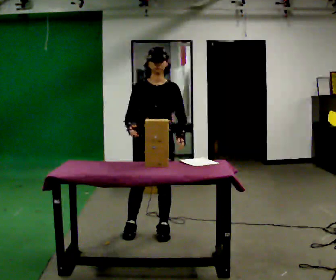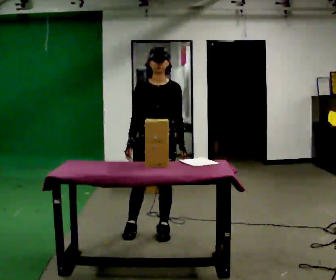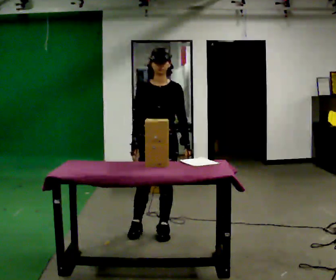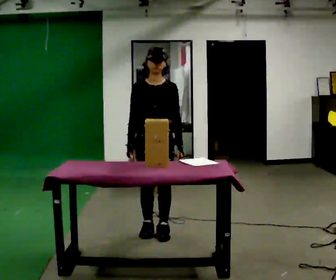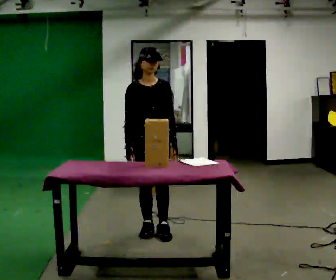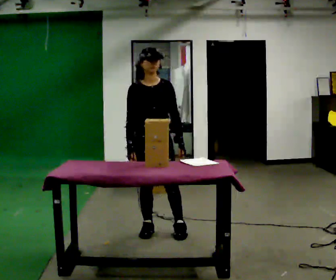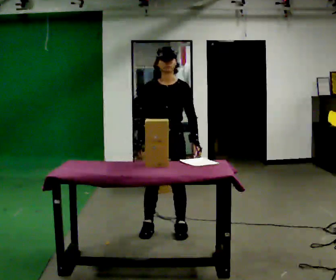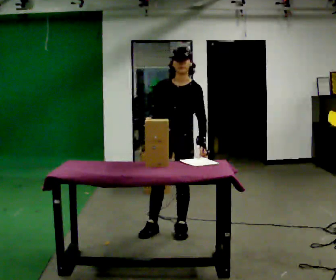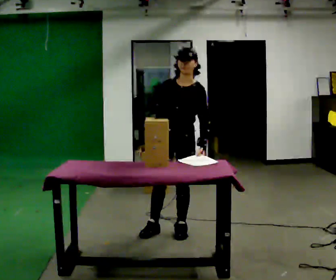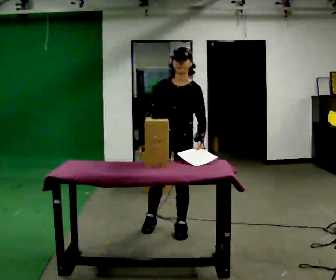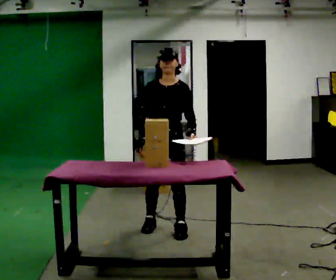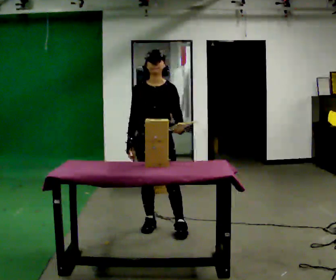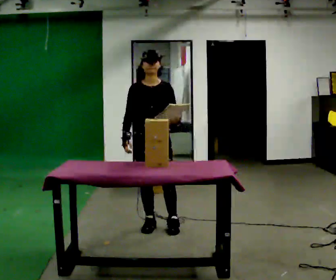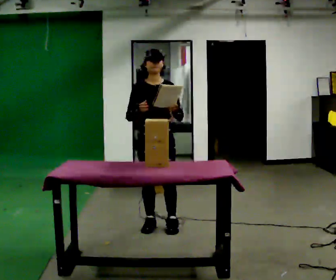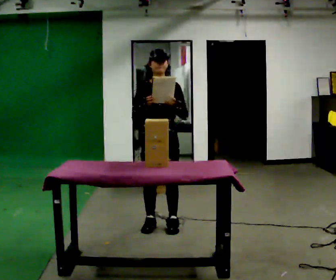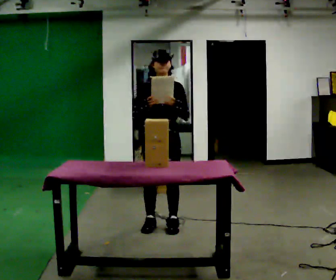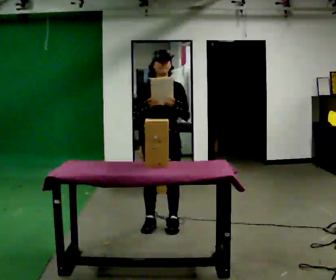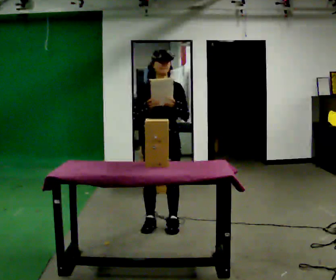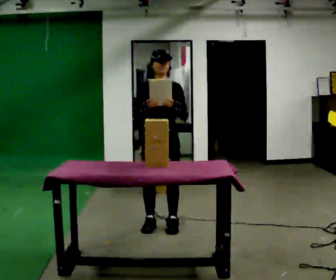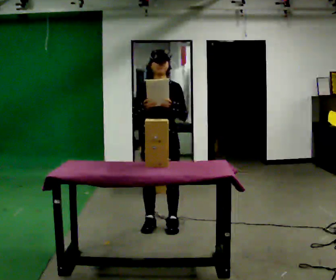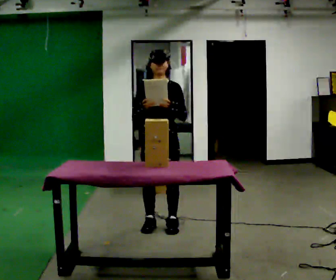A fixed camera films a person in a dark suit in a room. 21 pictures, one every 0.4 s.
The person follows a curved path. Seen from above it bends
counterclockwise.
0.0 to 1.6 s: The person moves a little, or ends about where they began.
1.6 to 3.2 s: The person turns about 30 degrees to their right, clockwise seen from above, so the part of the body nearest the lens slides to the left. In the picture they go to the right, about 0.25 m, which for them is to their left.
3.2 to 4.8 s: The person turns about 30 degrees to their left, counterclockwise seen from above, so the part of the body nearest the lens slides to the right. In the picture they go to the left and away from the camera, about 0.25 m, which for them is to their right and backward.
4.8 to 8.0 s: The person moves a little, or ends about where they began.
The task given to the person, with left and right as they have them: 1. Read the list the operator gives you. 2. Collect the six items on the list from the shelves. 3. Put them all in the bin on the table. 4. Tell the operator when you are finished.
The film runs forward here.
